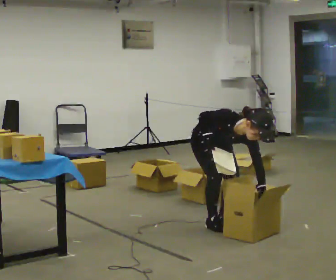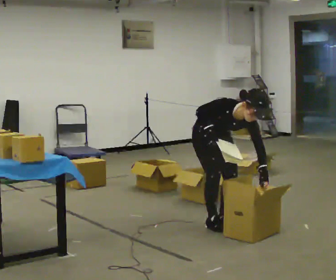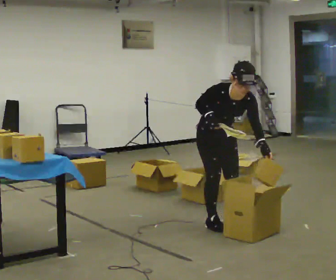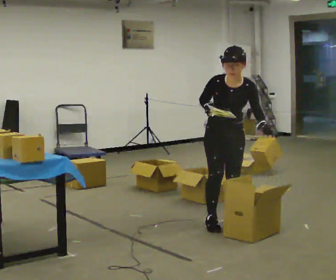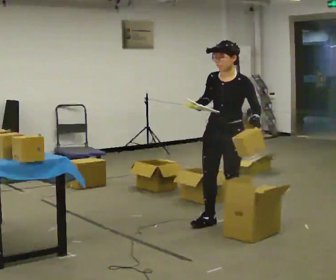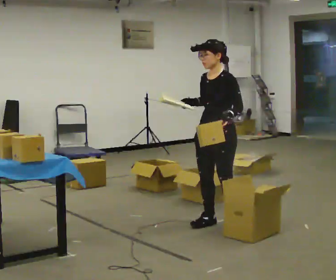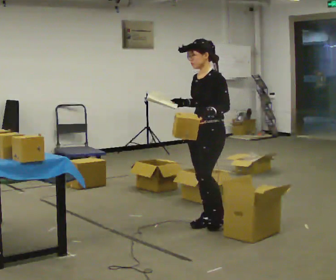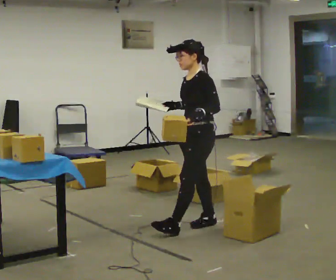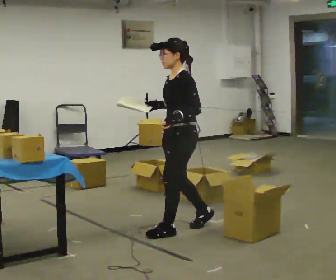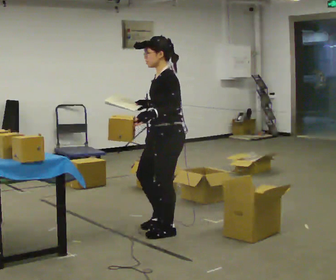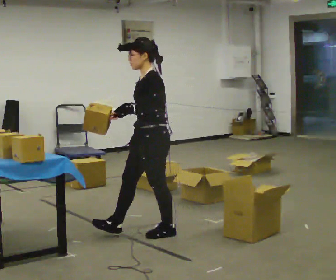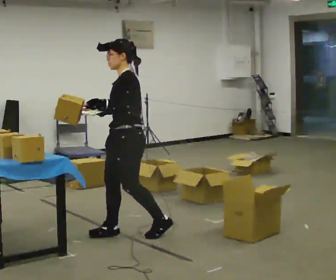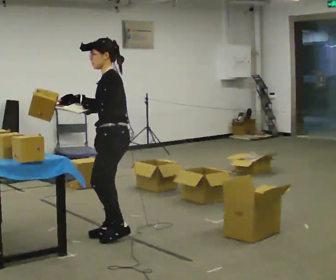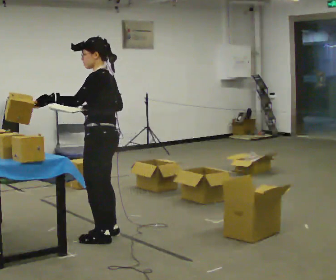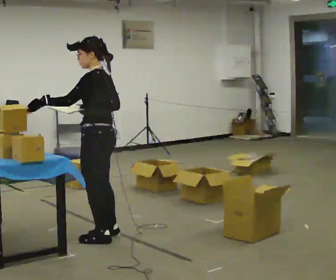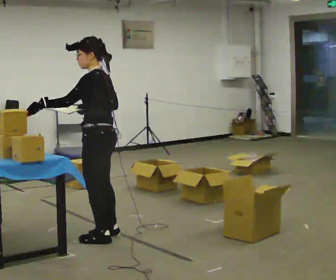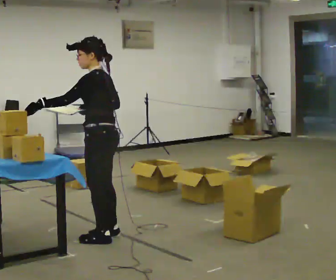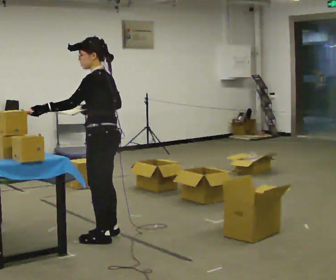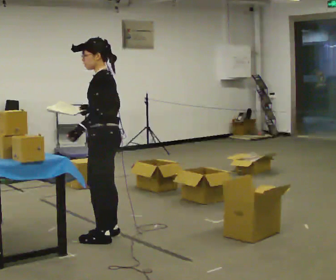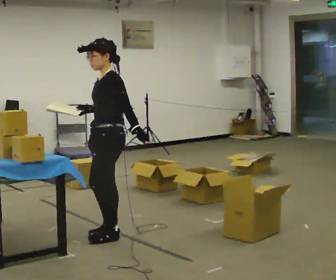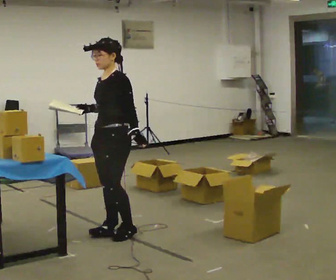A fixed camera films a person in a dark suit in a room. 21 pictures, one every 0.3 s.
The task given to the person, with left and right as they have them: 1. Read the parts list. 2. Collect each part from the bins around the room. 3. Lay them out on the table in the order on the list. 4. Put them all in the carry case. 5. Tell the operator when you are finished.
0.0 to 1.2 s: The part of the body nearest the lens slides to the left as the person turns to their right by about 45 degrees. The shoulders move upward. The upper body tips away from the camera, its near side rolling upward, as they lean back or straighten. In the picture their left hand goes upward.
1.2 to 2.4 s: The part of the body nearest the lens slides to the left as the person turns to their right by about 45 degrees. In the picture they go to the left and toward the camera, about 0.5 m in 1 step, which for them is forward.
2.4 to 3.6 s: In the picture they go to the left, about 0.5 m in 1 step, which for them is forward.
3.6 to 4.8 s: The person moves a little, or ends about where they began.
4.8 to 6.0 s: The part of the body nearest the lens slides to the right as the person turns to their left by about 45 degrees. In the picture their left hand goes to the right, the arm swinging counterclockwise.
The film runs forward here.
